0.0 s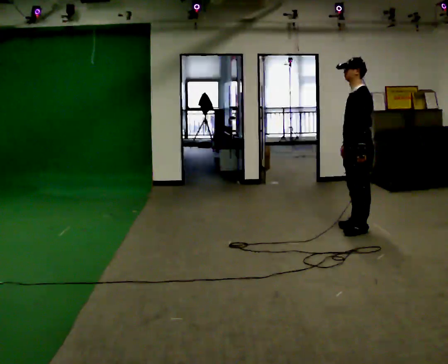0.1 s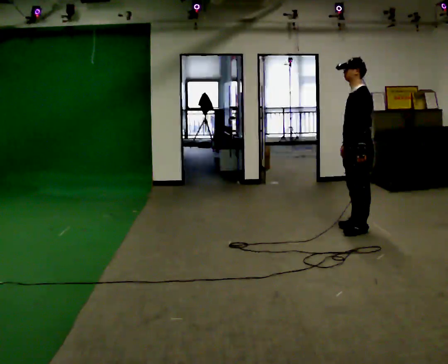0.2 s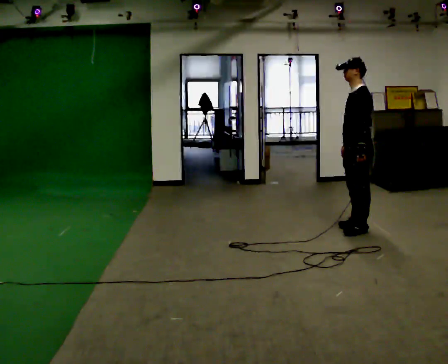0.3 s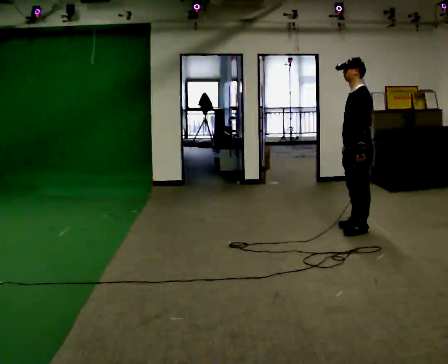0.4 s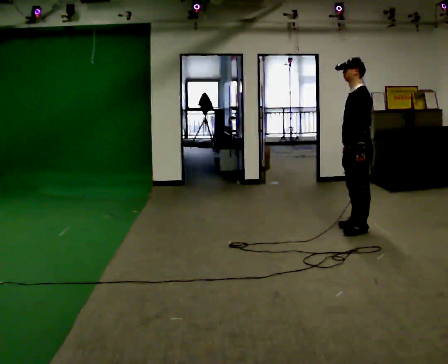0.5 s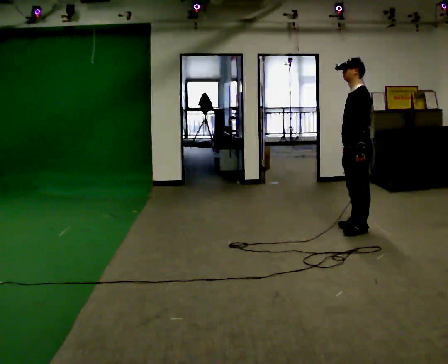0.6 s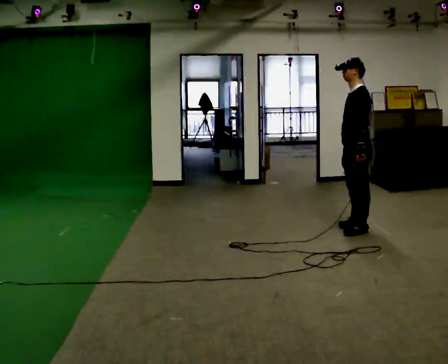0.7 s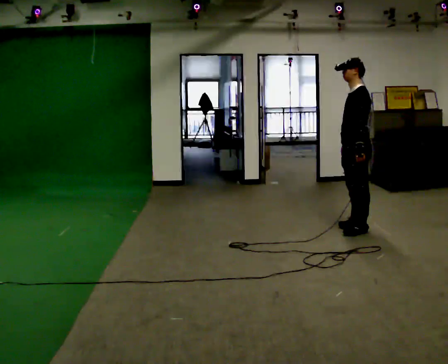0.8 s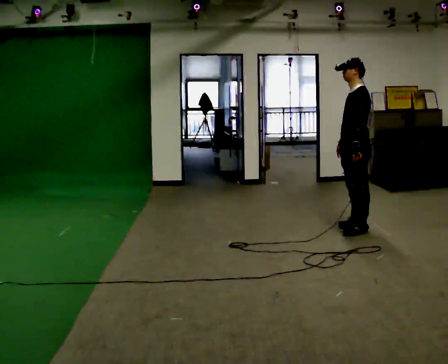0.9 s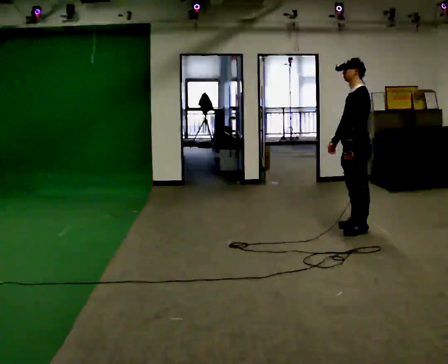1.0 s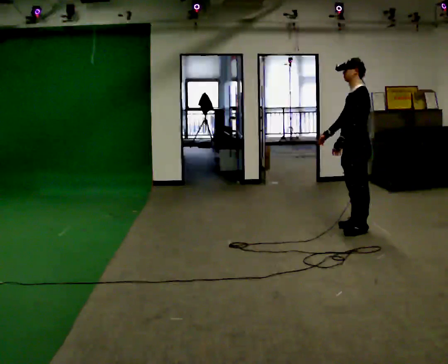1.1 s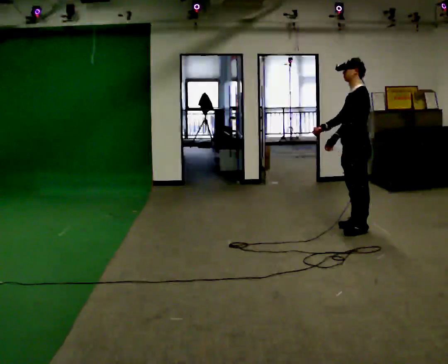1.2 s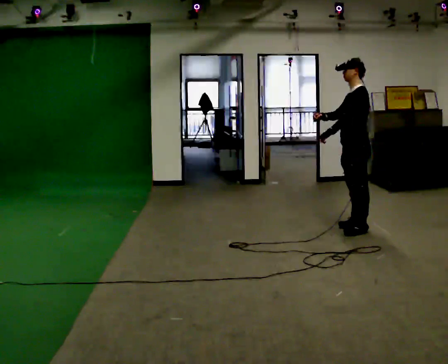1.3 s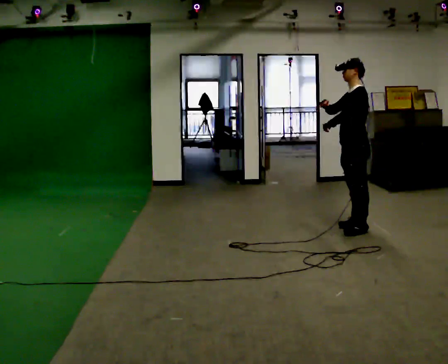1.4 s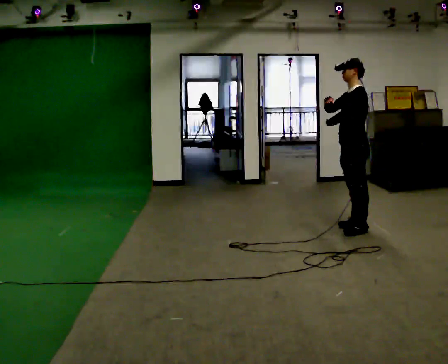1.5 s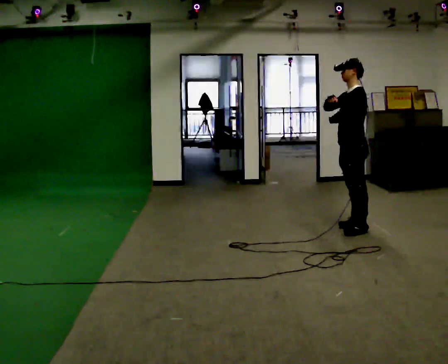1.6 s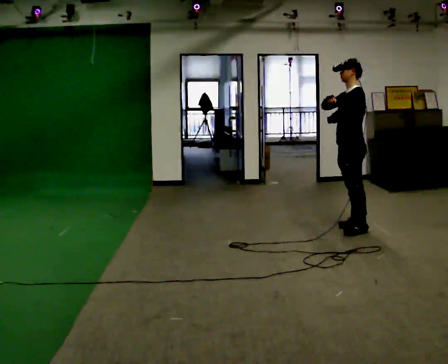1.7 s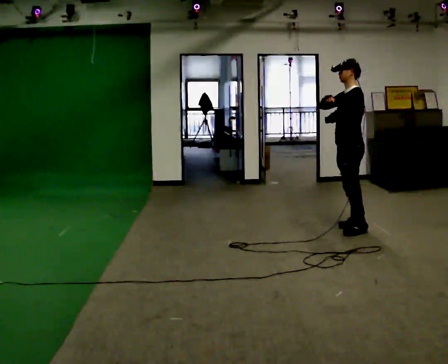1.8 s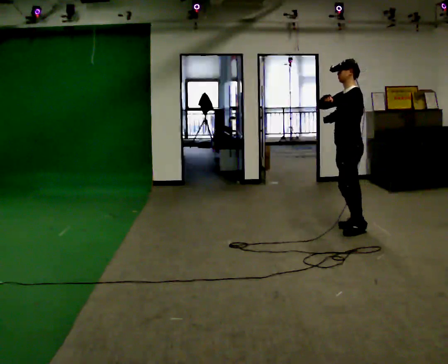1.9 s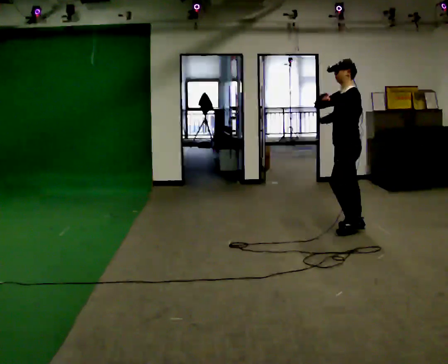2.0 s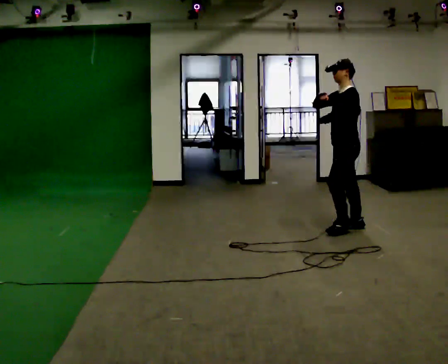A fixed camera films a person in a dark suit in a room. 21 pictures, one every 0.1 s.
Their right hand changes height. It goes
upward.
0.0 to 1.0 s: The person moves a little, or ends about where they began.
1.0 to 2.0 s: In the picture their right hand goes upward.
The film runs forward here.
